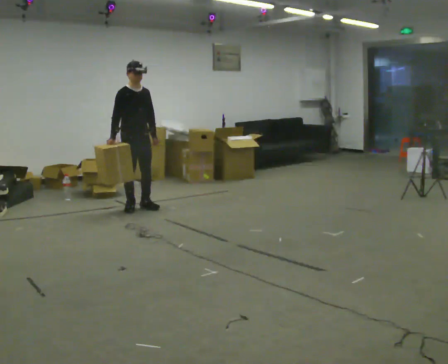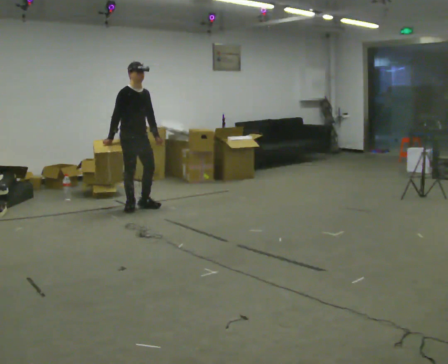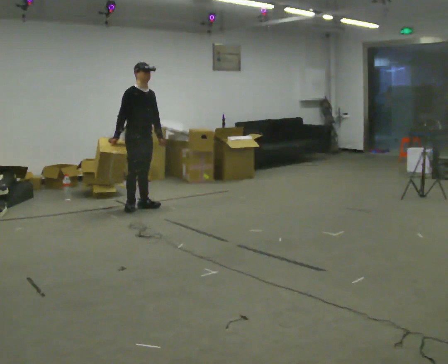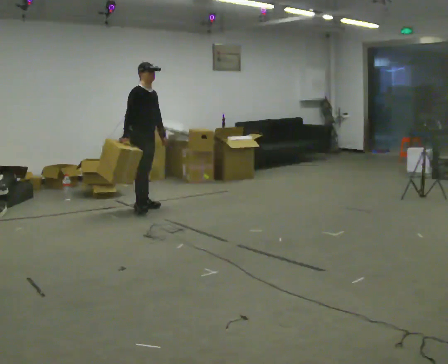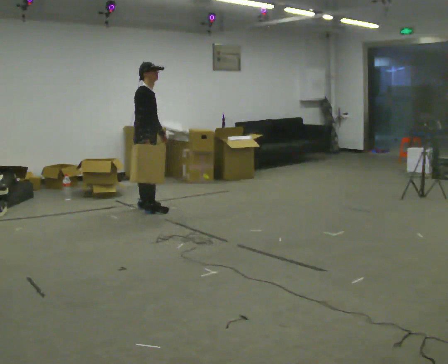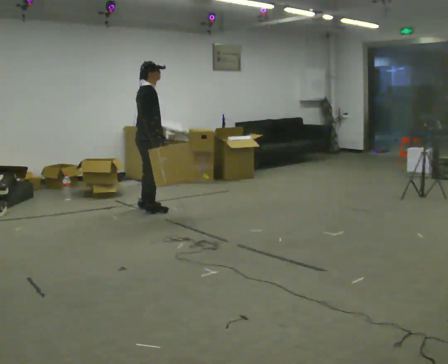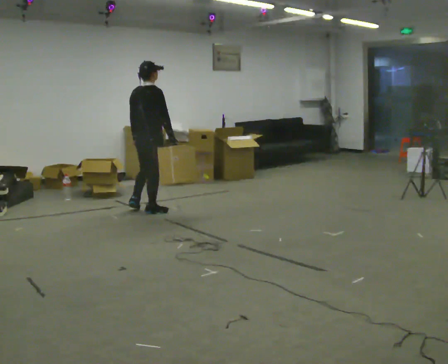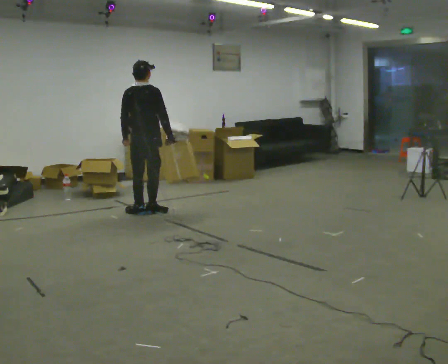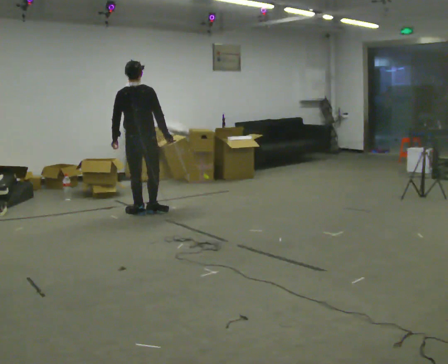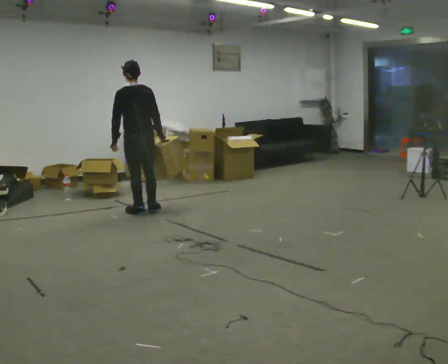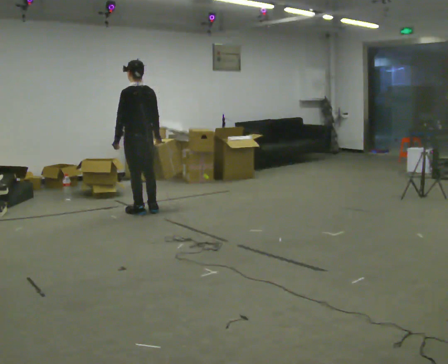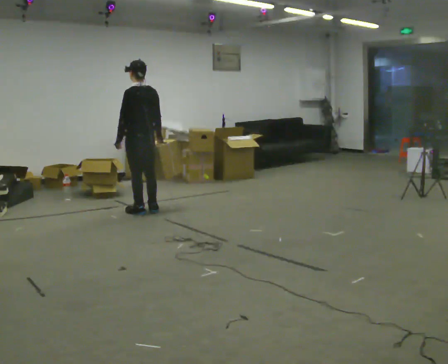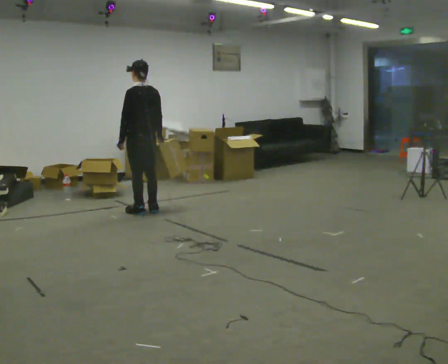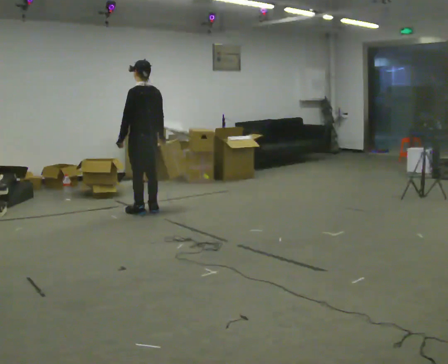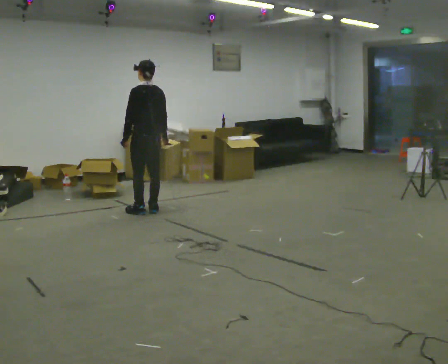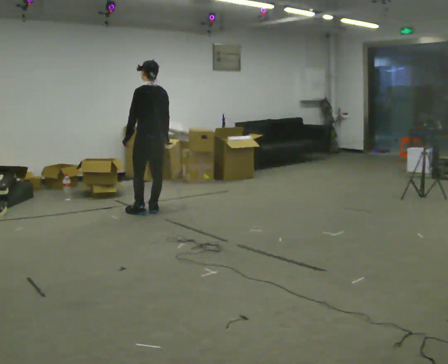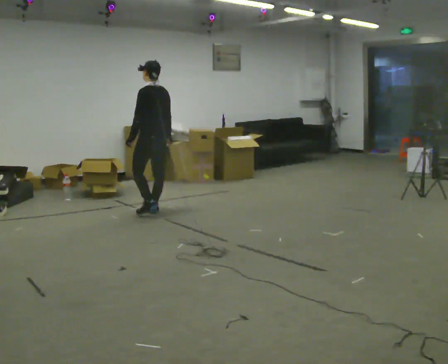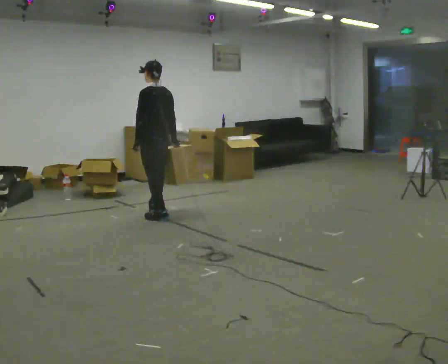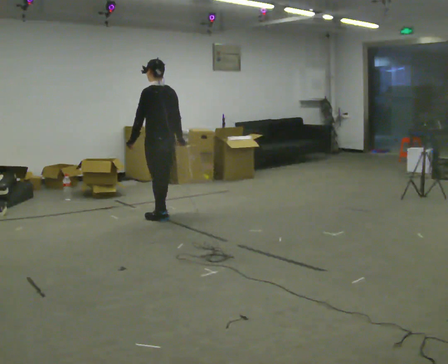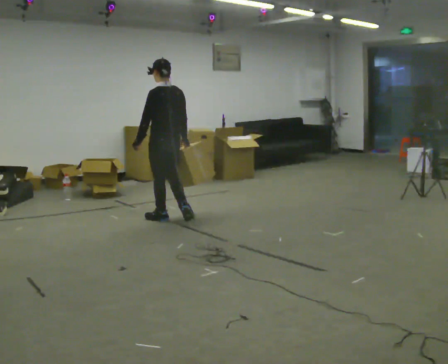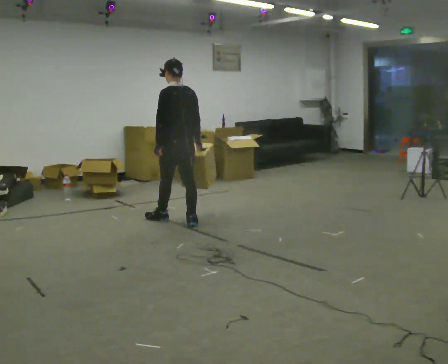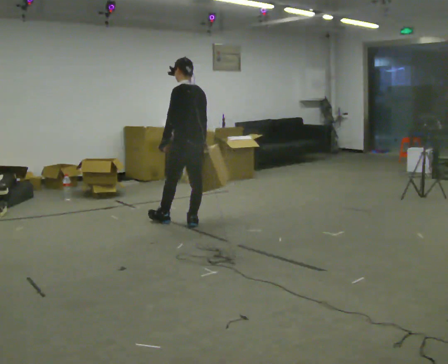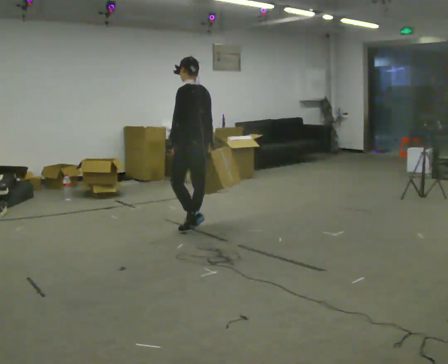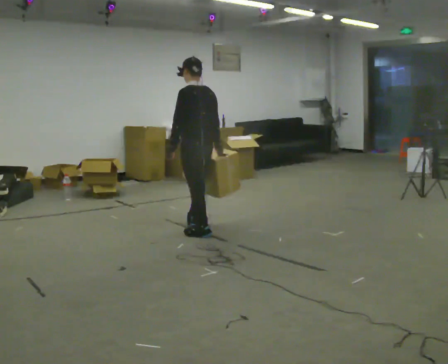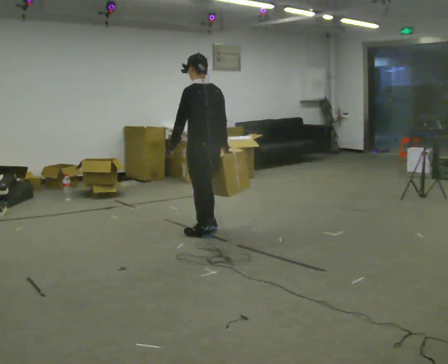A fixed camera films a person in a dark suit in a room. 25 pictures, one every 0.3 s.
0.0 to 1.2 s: The person turns about 45 degrees to their left, counterclockwise seen from above, so the part of the body nearest the lens slides to the right. In the picture their right hand goes to the right.
1.2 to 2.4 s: The part of the body nearest the lens slides to the right as the person turns to their left by about 105 degrees. In the picture they go toward the camera, about 0.25 m in 1 step. In the picture their right hand goes to the right.
2.4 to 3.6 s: Seen from above the body turns counterclockwise, about 45 degrees: to their left, with its near side sliding to the right.
3.6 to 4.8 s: The person moves a little, or ends about where they began.
4.8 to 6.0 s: In the picture they go toward the camera and to the right, about 0.5 m in 1 step, which for them is backward.
6.0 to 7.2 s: In the picture they go toward the camera, about 0.5 m in 2 steps, which for them is backward.
The film runs backward here.
